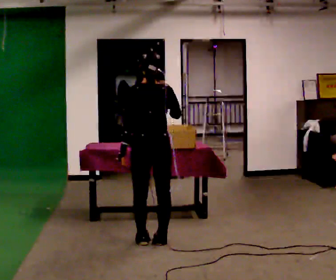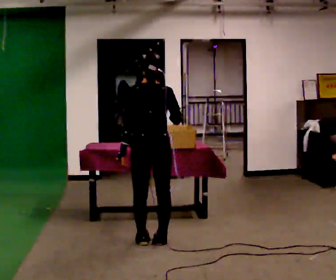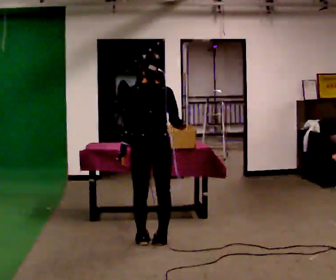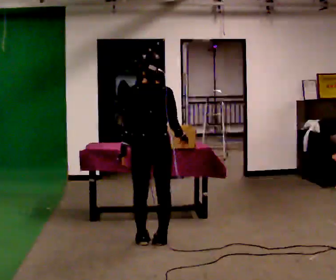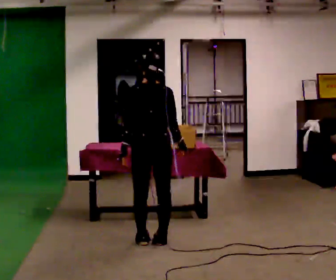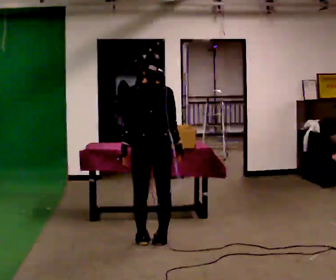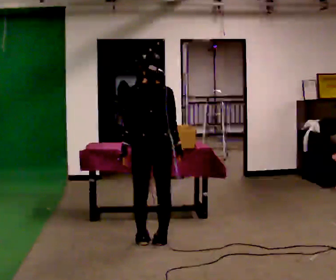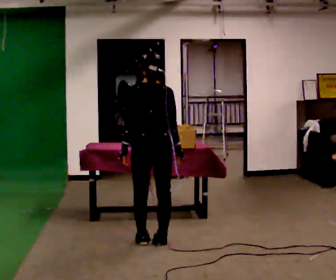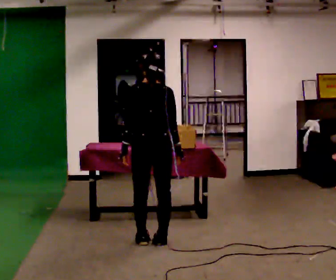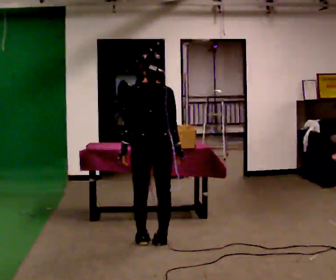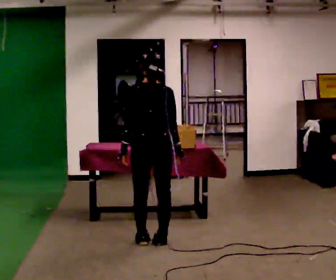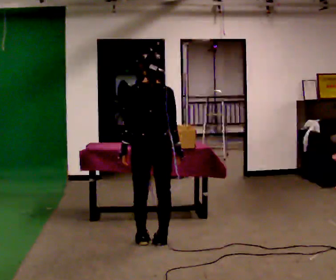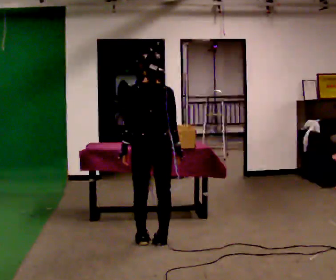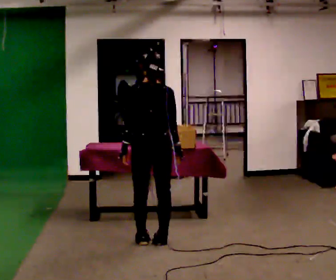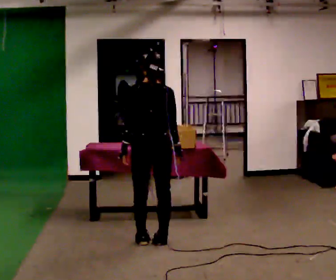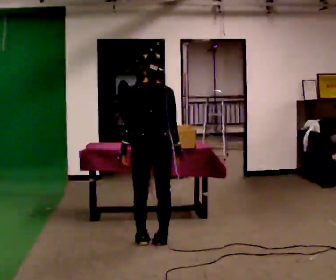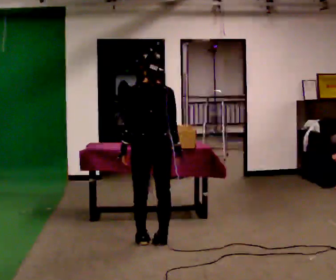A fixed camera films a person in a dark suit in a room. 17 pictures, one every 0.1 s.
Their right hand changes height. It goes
downward.
0.0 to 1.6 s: In the picture their right hand goes downward.
The film runs backward here.
